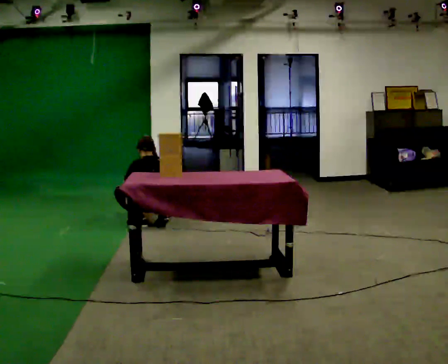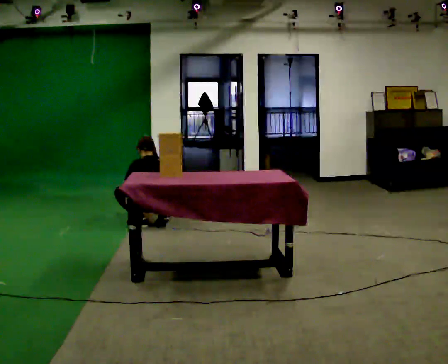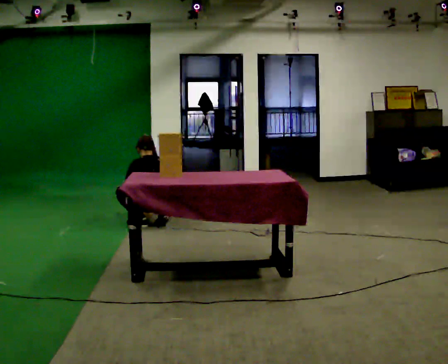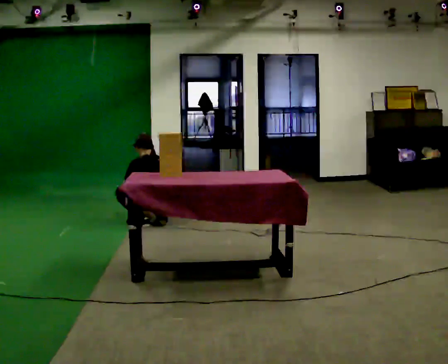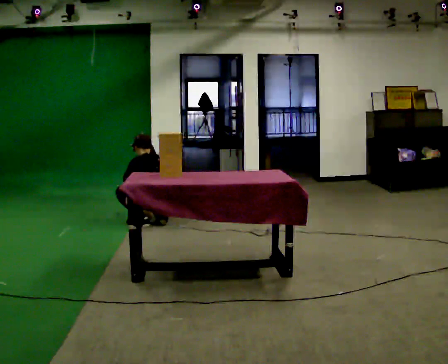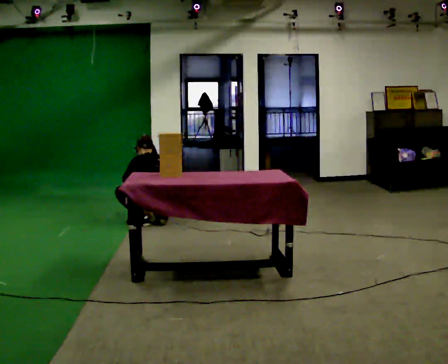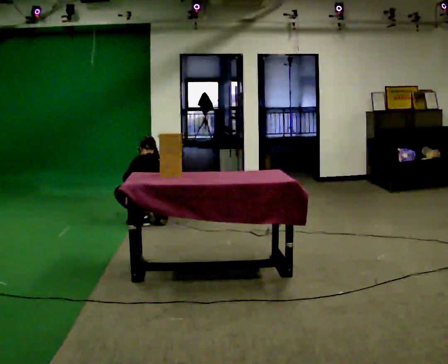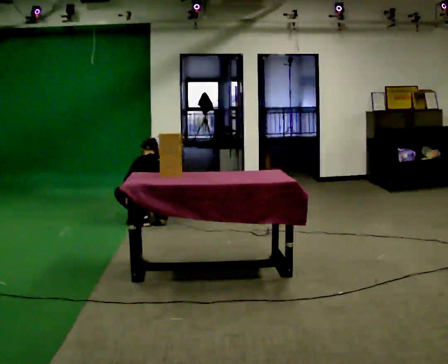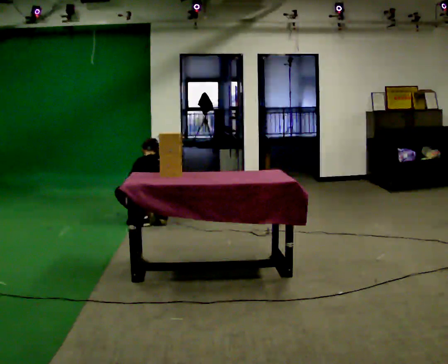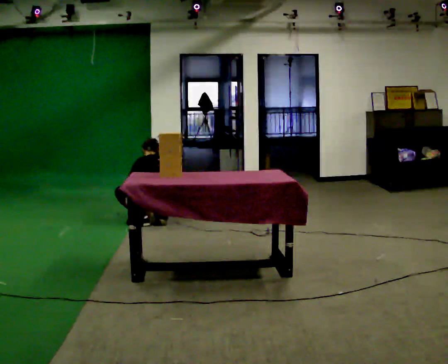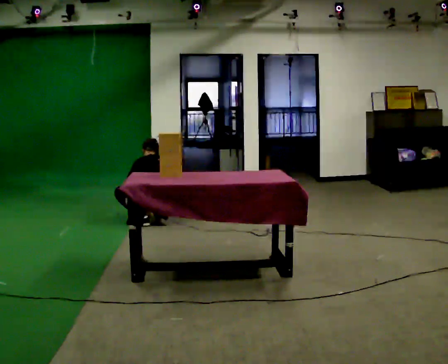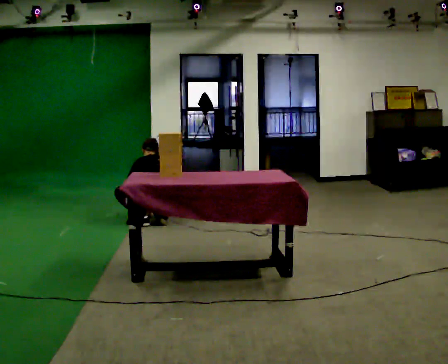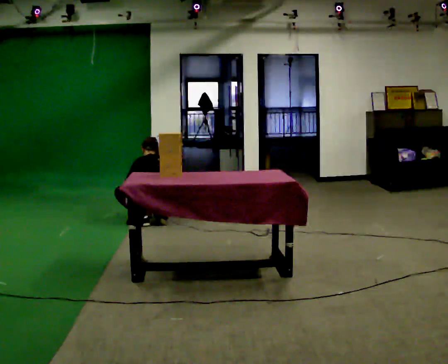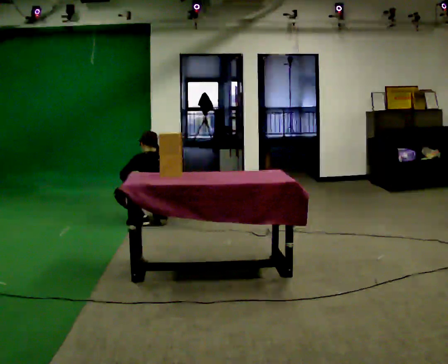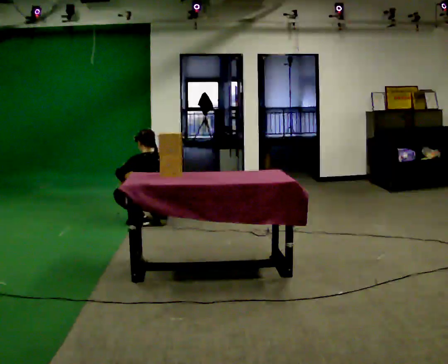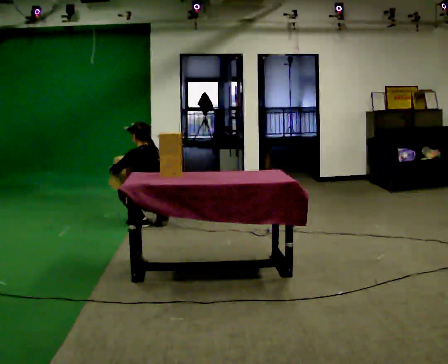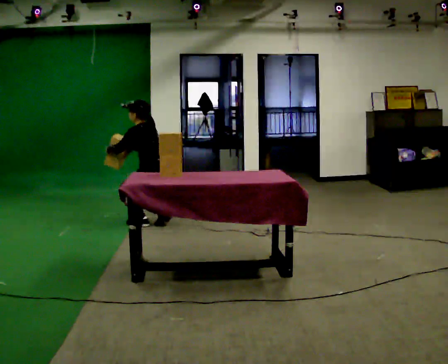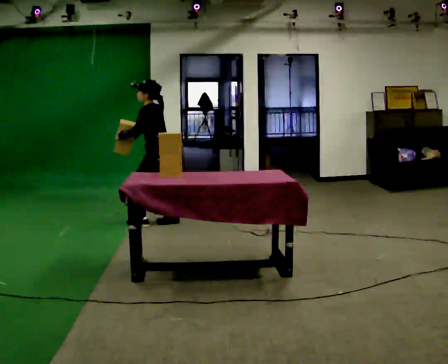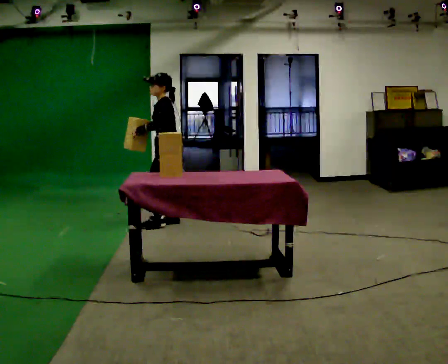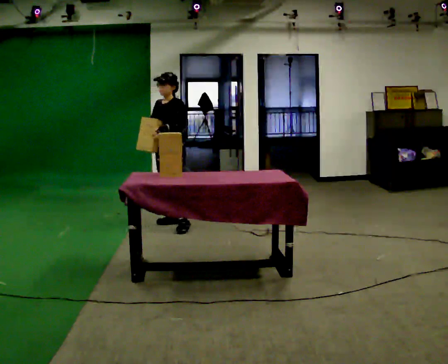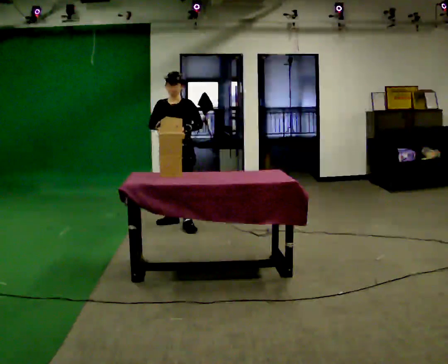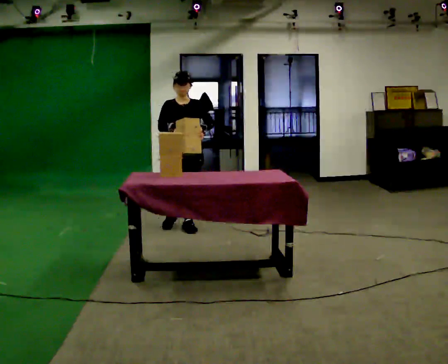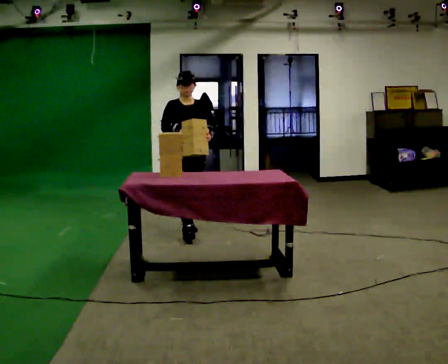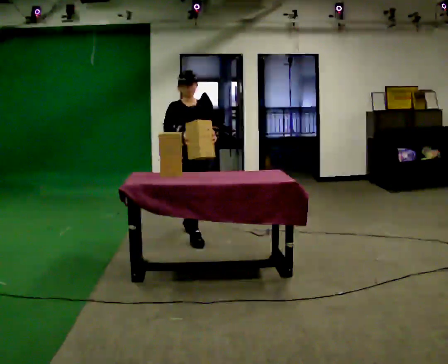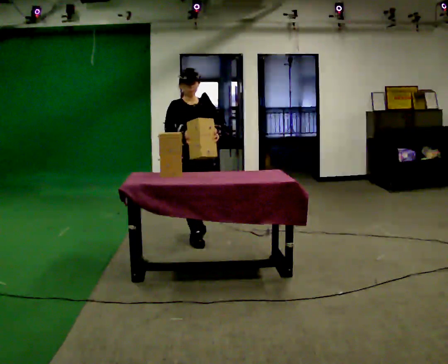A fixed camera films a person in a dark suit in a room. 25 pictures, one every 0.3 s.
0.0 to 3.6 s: The person moves a little, or ends about where they began.
3.6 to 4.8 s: The shoulders move upward. In the picture their right hand goes upward.
4.8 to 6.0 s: The part of the body nearest the lens slides to the right as the person turns to their left by about 105 degrees. In the picture they go to the right, about 0.25 m in 2 steps. The upper body goes upward. In the picture the upper body tilts clockwise, shoulders to the right, as they lean back or straighten. In the picture their left hand goes to the right.
6.0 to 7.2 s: The part of the body nearest the lens slides to the right as the person turns to their left by about 30 degrees. In the picture they go toward the camera, about 0.5 m in 1 step, which for them is forward.
The film runs forward here.
